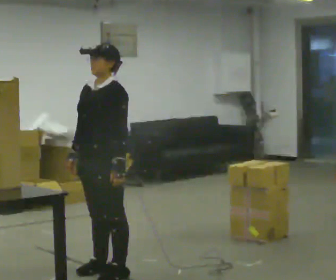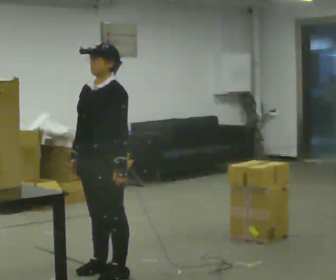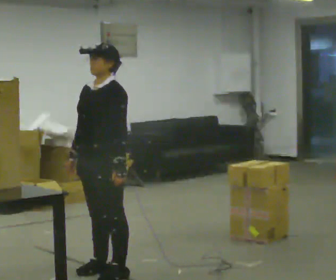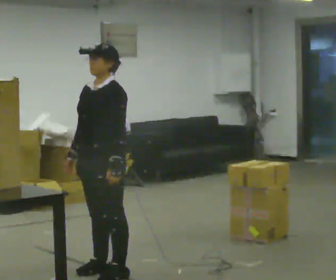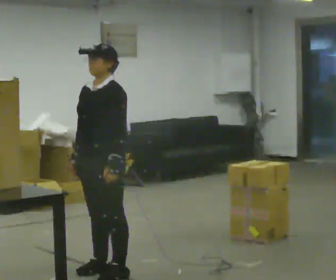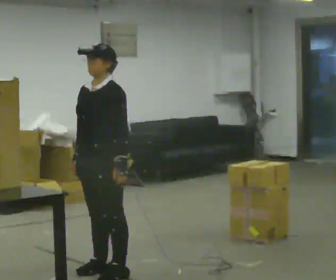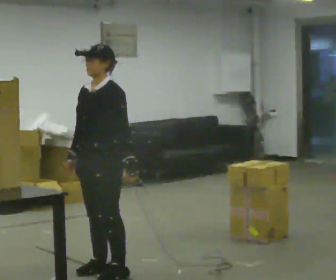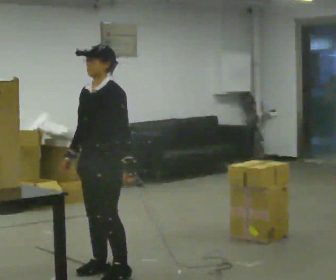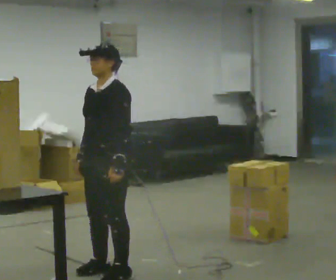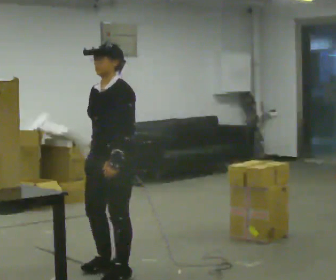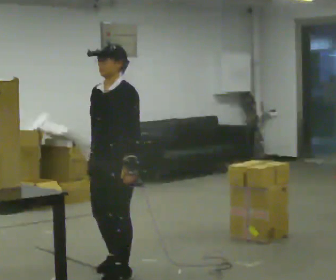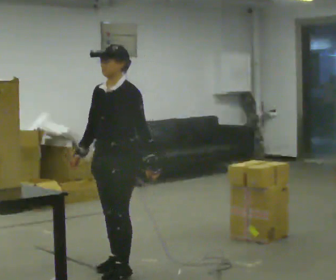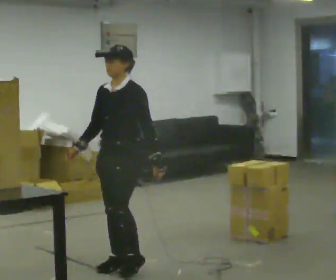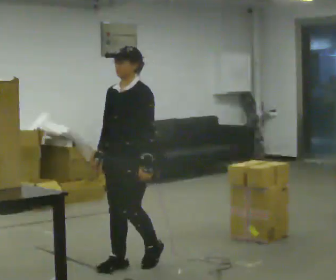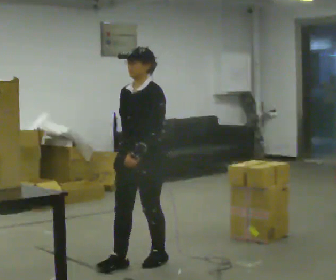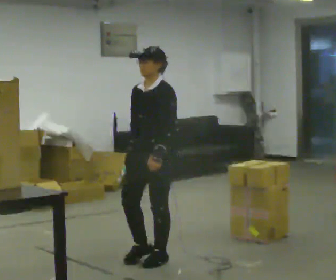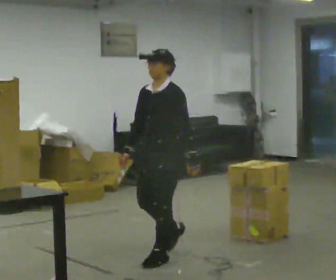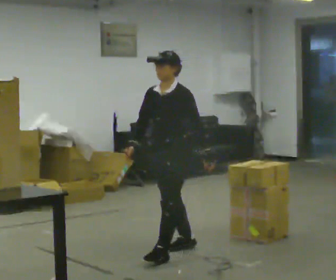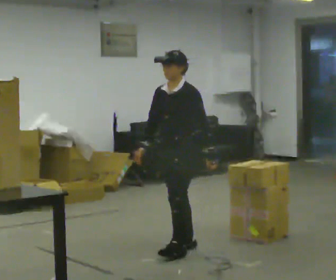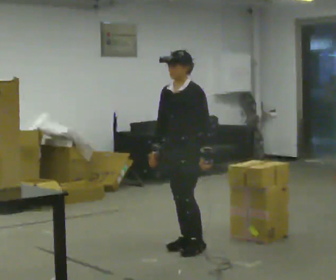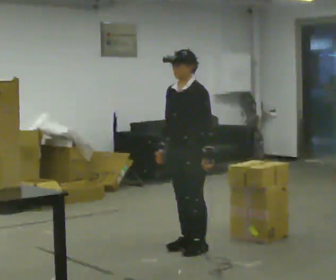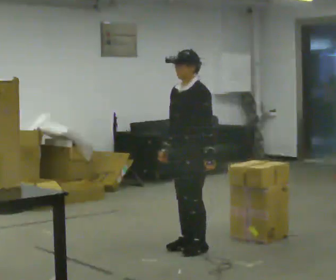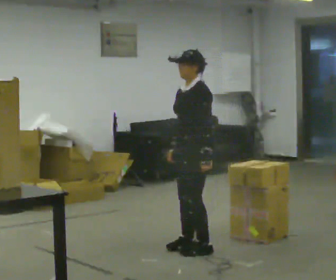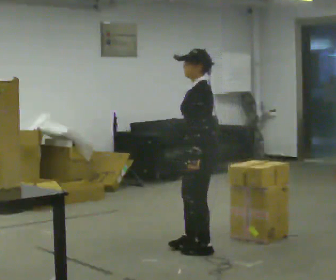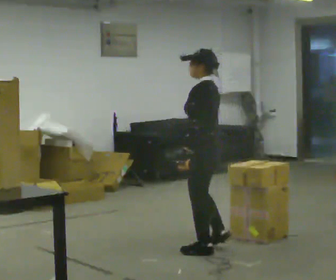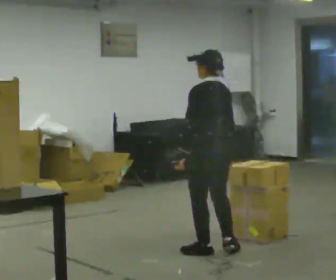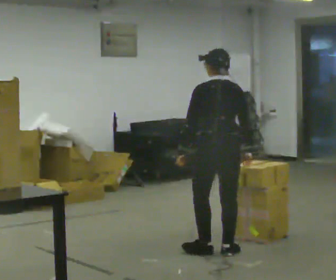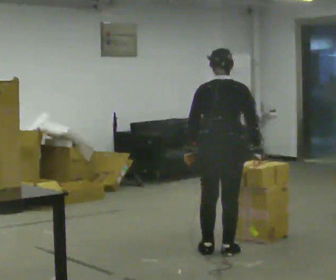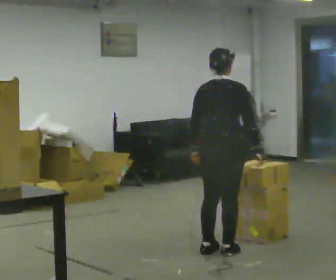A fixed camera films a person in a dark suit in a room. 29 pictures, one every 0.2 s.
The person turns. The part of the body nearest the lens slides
to the left.
The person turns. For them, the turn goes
to their right.
0.0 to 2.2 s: The person moves a little, or ends about where they began.
2.2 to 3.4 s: In the picture they go away from the camera and to the right, about 0.5 m in 2 steps, which for them is backward.
3.4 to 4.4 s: In the picture they go to the right and away from the camera, about 0.25 m in 1 step, which for them is backward. In the picture their right hand goes to the right.
4.4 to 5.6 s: Seen from above the body turns clockwise, about 135 degrees: to their right, with its near side sliding to the left. In the picture they go to the right, about 0.25 m in 1 step.
The film runs backward here.
